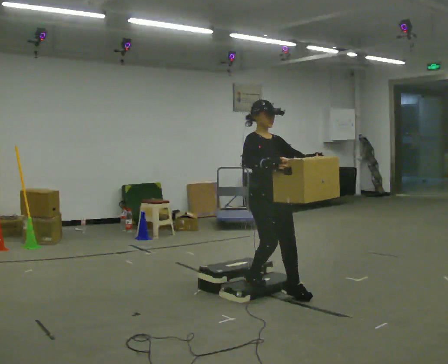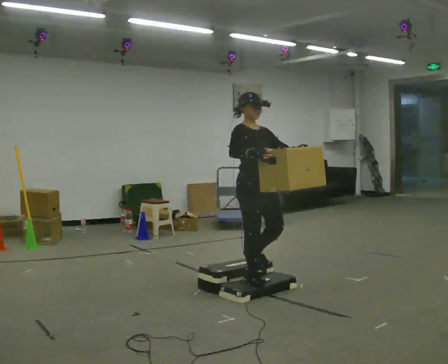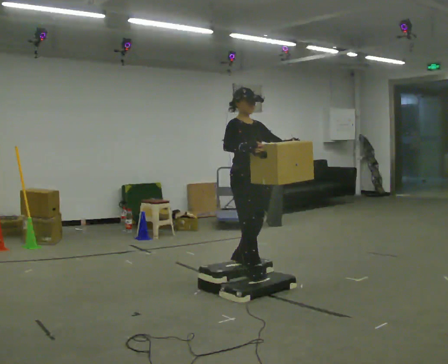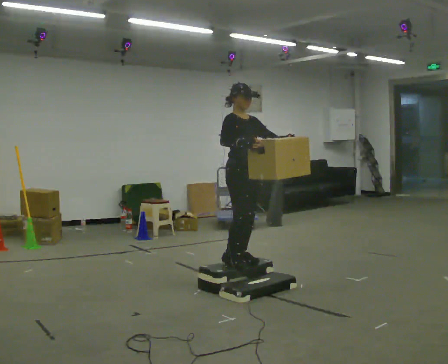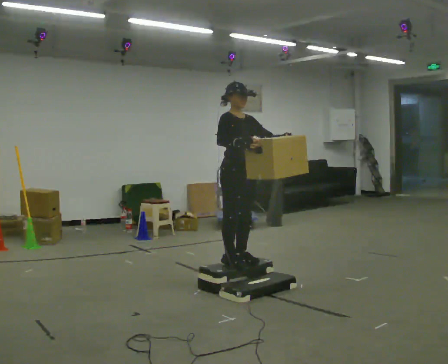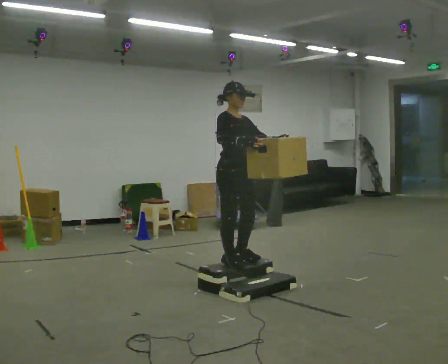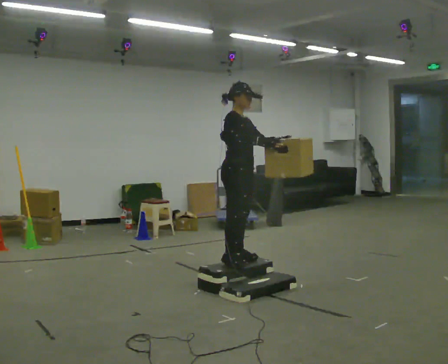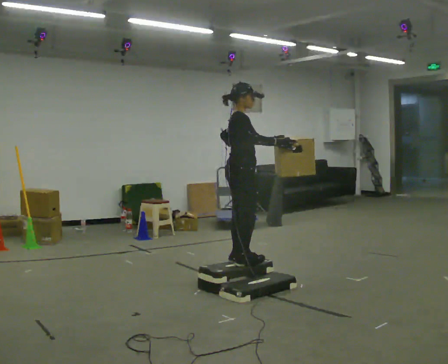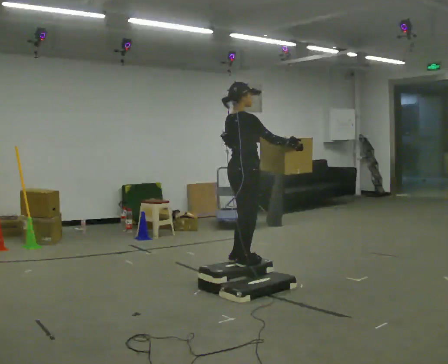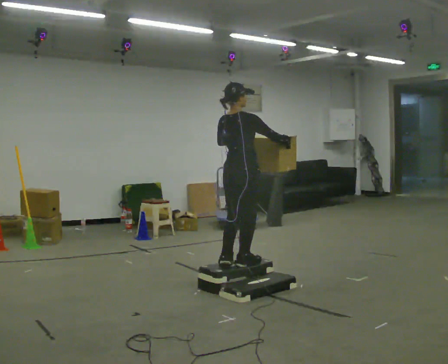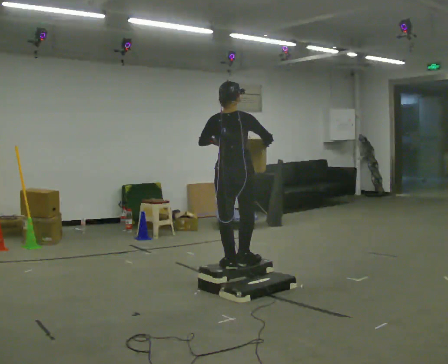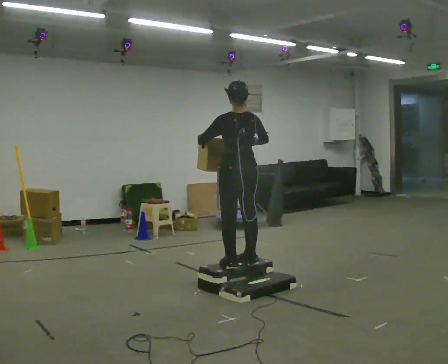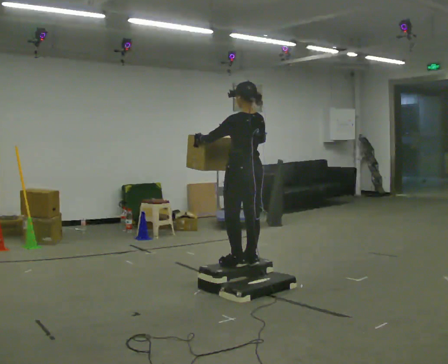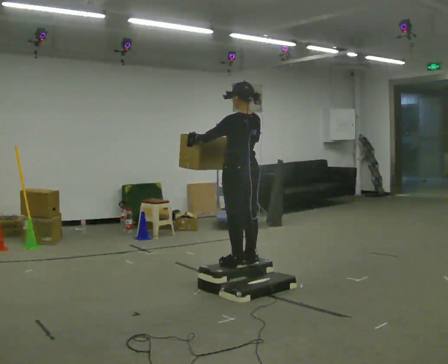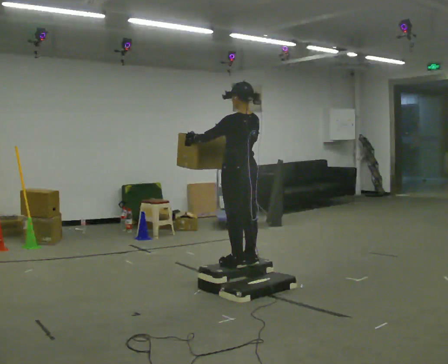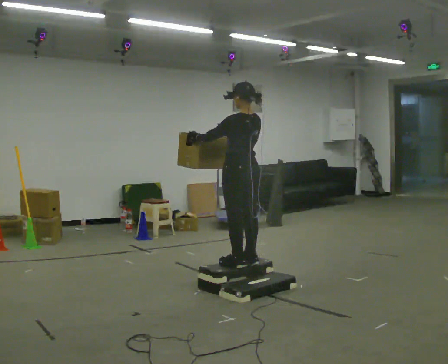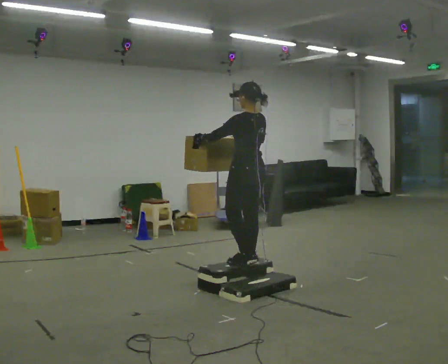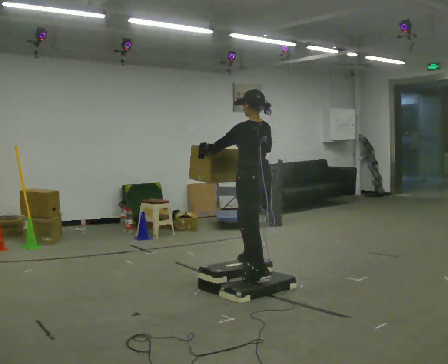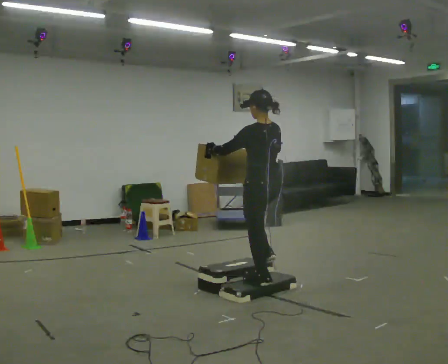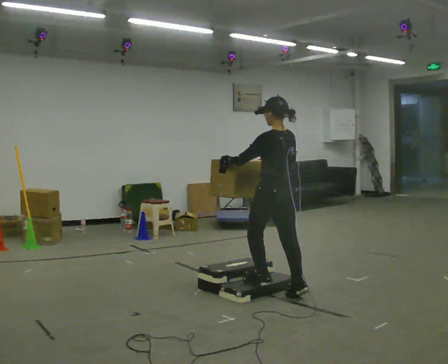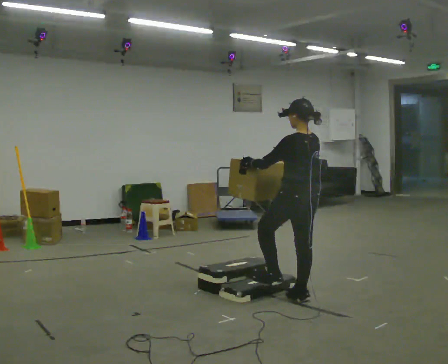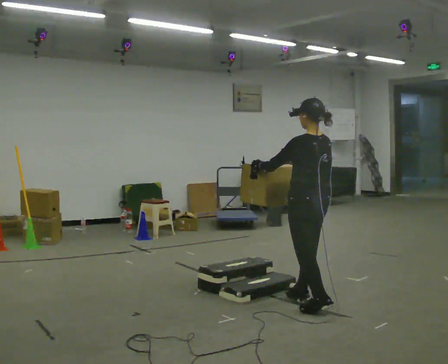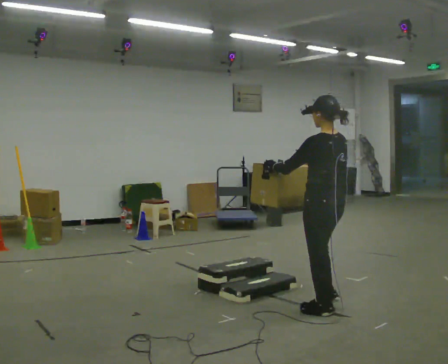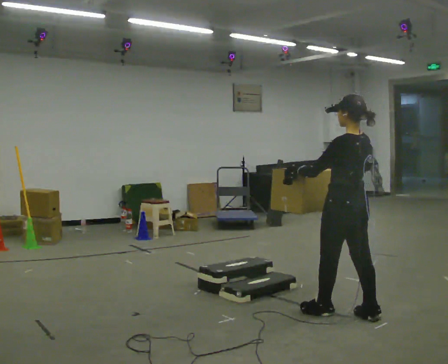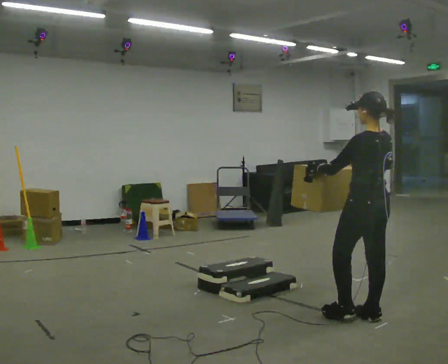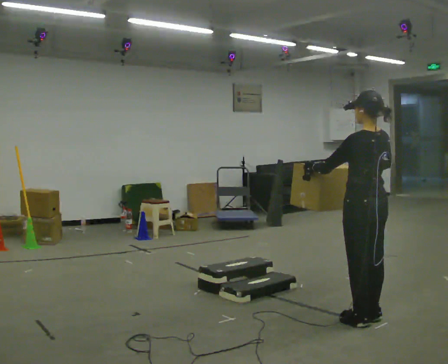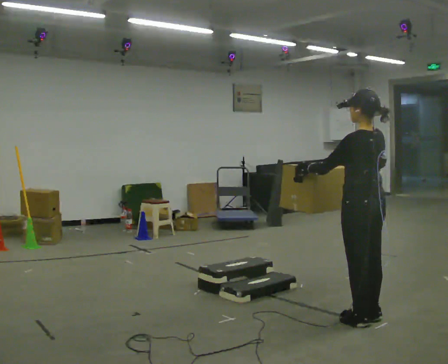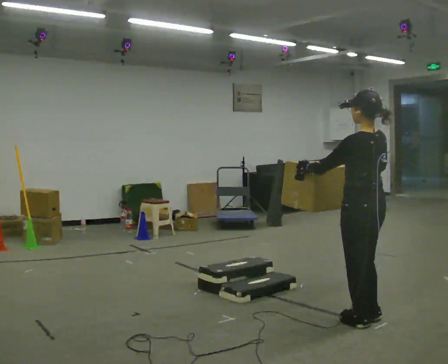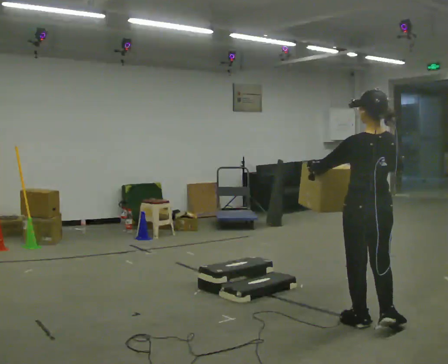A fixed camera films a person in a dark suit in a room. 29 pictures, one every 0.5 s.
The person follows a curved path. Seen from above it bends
counterclockwise.
0.0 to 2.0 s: In the picture they go away from the camera and to the left, about 0.5 m in 2 steps, which for them is backward. The shoulders move upward.
2.0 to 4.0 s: The person turns about 75 degrees to their left, counterclockwise seen from above, so the part of the body nearest the lens slides to the right.
4.0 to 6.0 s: The part of the body nearest the lens slides to the right as the person turns to their left by about 105 degrees. In the picture their left hand goes to the left.
6.0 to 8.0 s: The person moves a little, or ends about where they began.
8.0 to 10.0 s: In the picture they go toward the camera and to the right, about 0.5 m in 2 steps, which for them is backward. The upper body goes downward.
10.0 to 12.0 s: In the picture they go toward the camera and to the right, about 0.5 m in 2 steps, which for them is backward.
12.0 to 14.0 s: In the picture they go toward the camera, about 0.25 m in 1 step, which for them is to their left and backward.
The film runs backward here.
